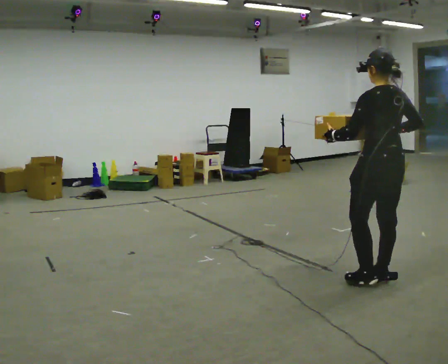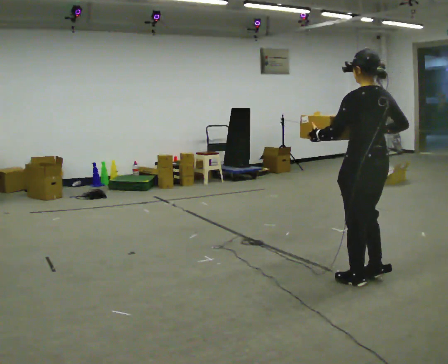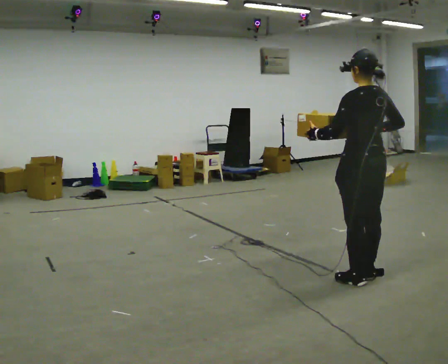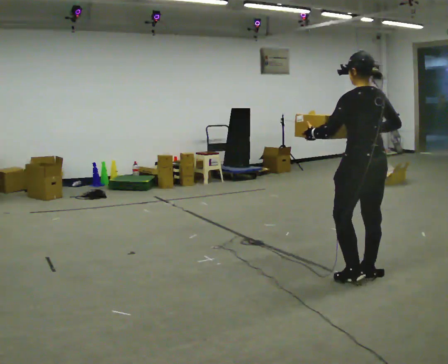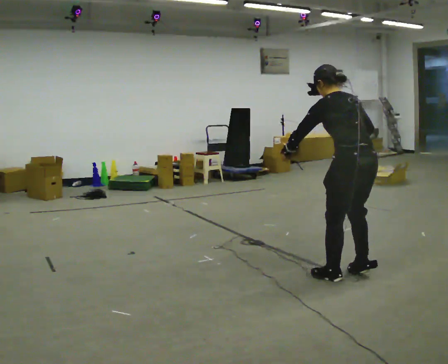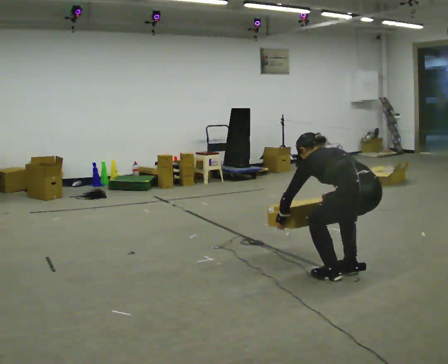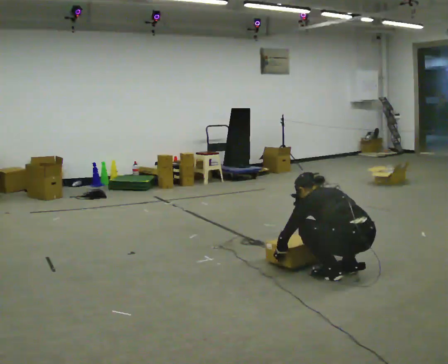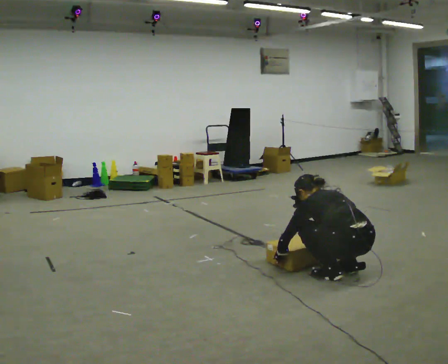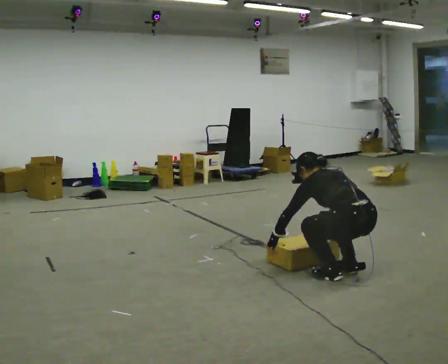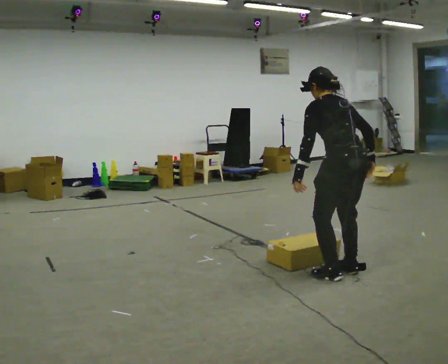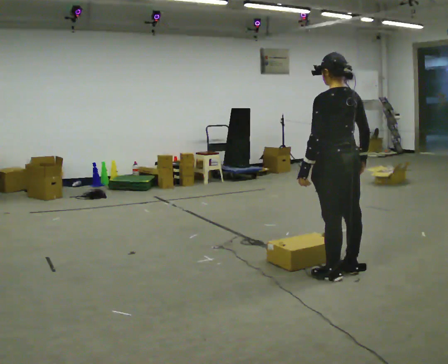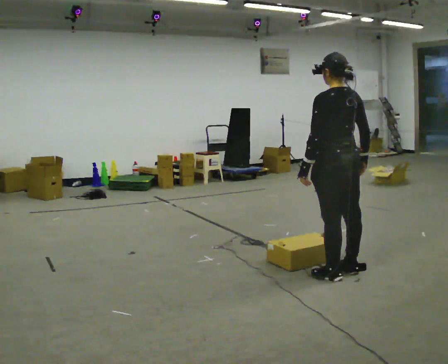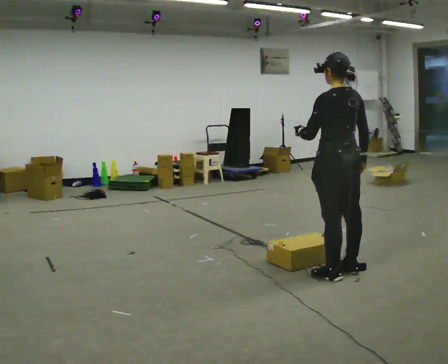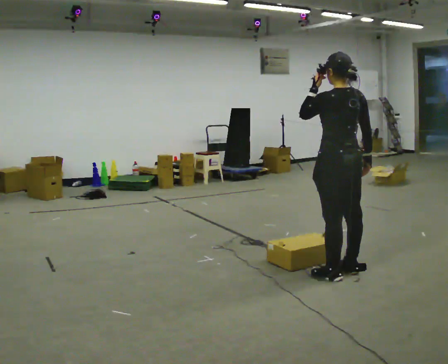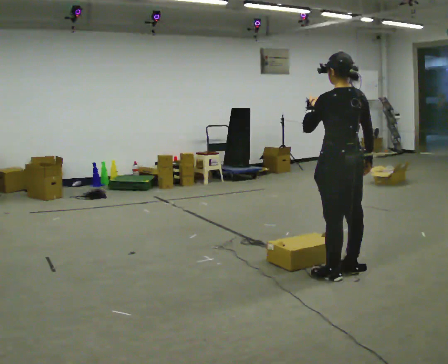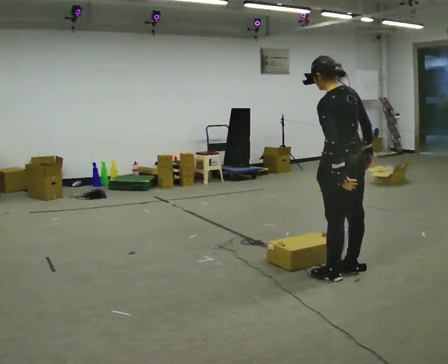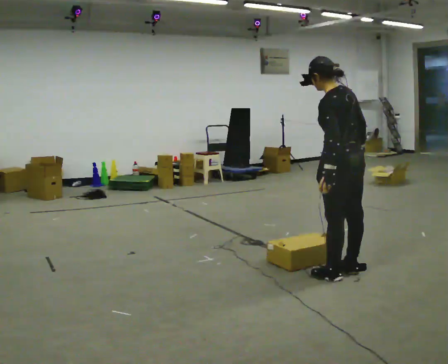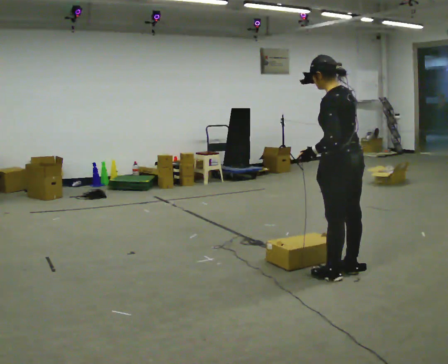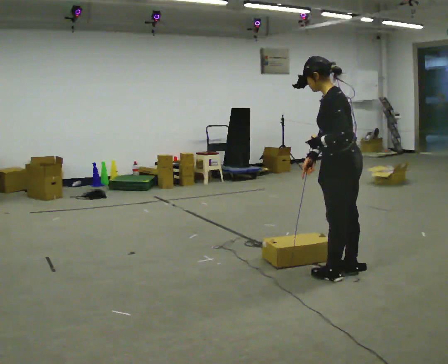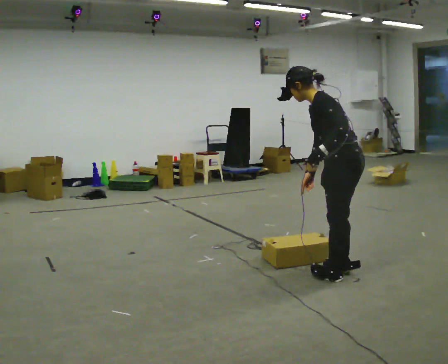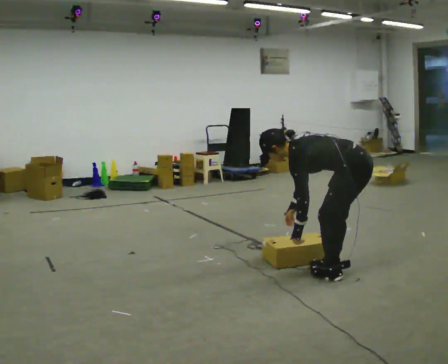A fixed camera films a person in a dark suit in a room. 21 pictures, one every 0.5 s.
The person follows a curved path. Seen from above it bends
clockwise.
0.0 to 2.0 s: In the picture they go to the left, about 0.25 m in 2 steps, which for them is forward. The upper body tips away from the camera, its near side rolling upward, as they bend forward. In the picture their right hand goes to the left.
2.0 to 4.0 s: In the picture their left hand goes downward.
4.0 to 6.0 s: The upper body goes upward. The upper body tips toward the camera, its near side rolling downward, as they lean back or straighten. In the picture their left hand goes upward.
6.0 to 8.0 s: In the picture their left hand goes downward.
8.0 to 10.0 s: The part of the body nearest the lens slides to the right as the person turns to their left by about 30 degrees. The shoulders move downward. In the picture the upper body tilts counterclockwise, shoulders to the left, as they bend forward. In the picture their right hand goes to the left and downward.
The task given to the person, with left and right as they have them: Carry the medium box in both hands in front of you, walking back and forth across the room. Keep walking until the operator says stop.
The film runs forward here.
